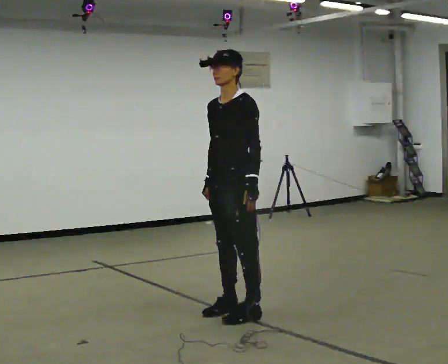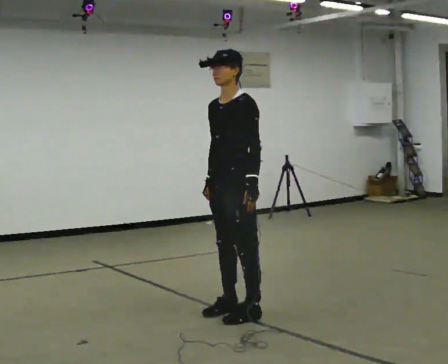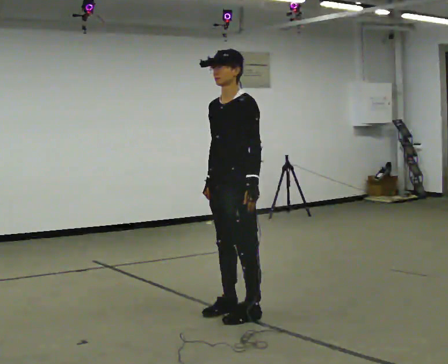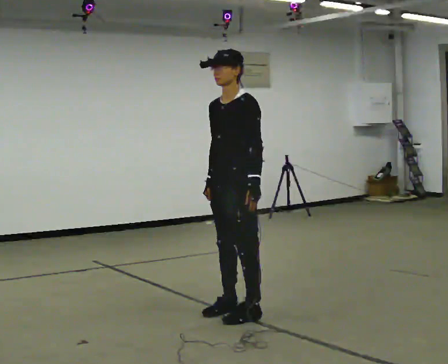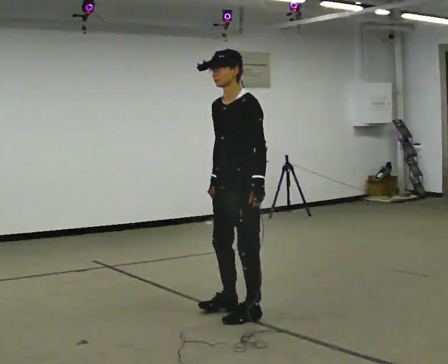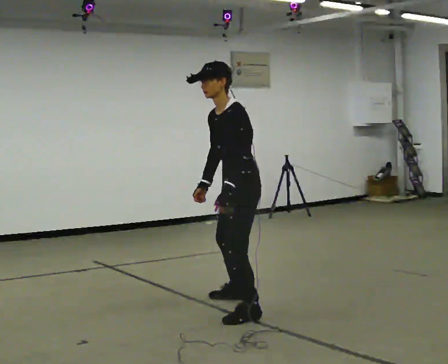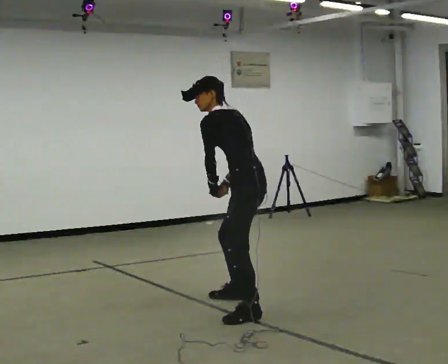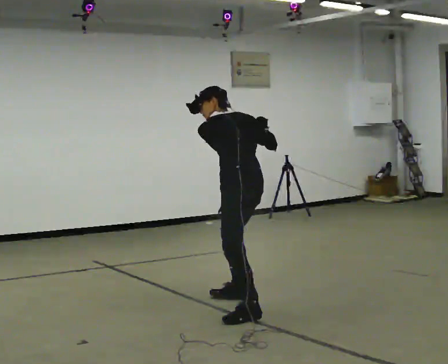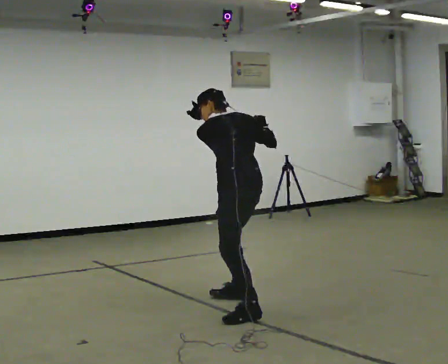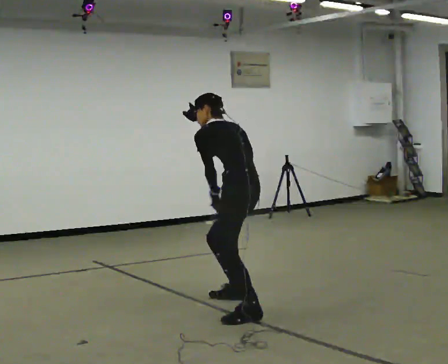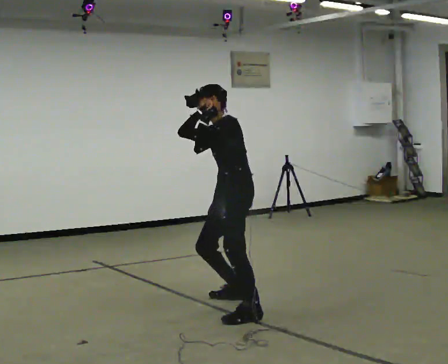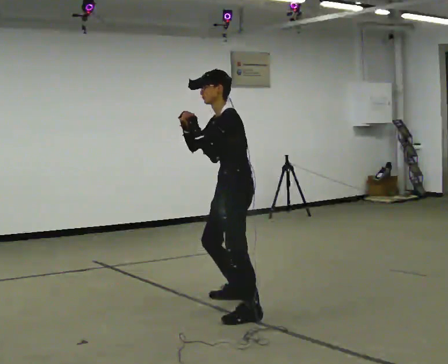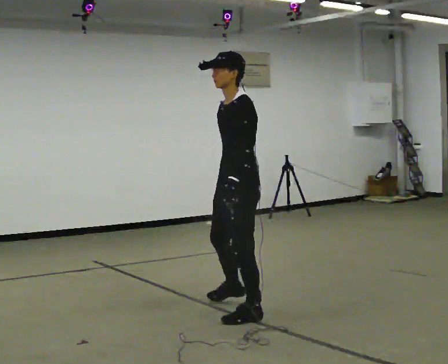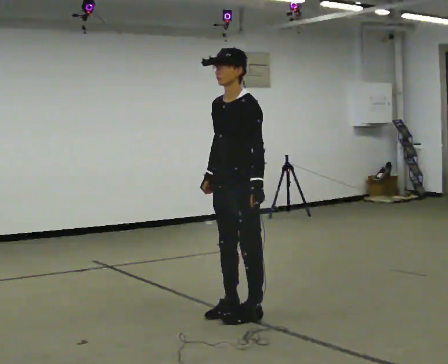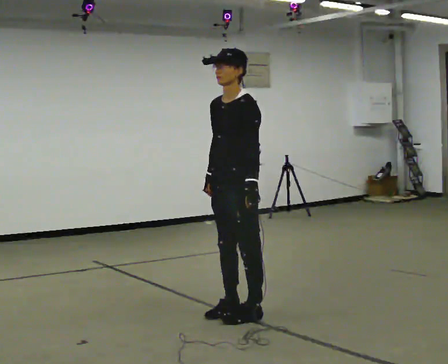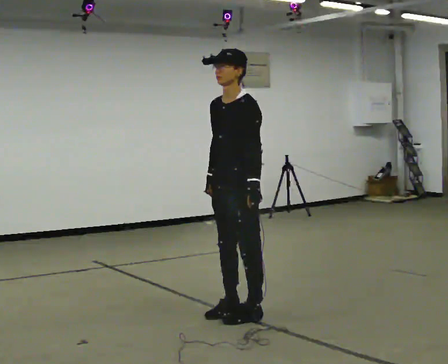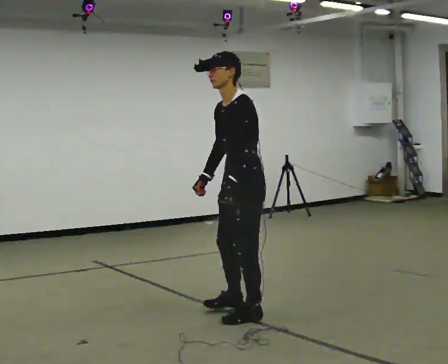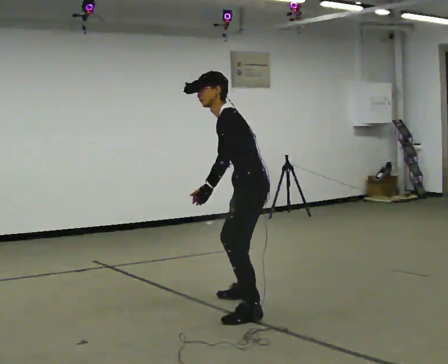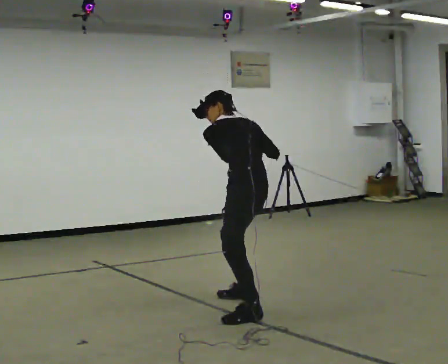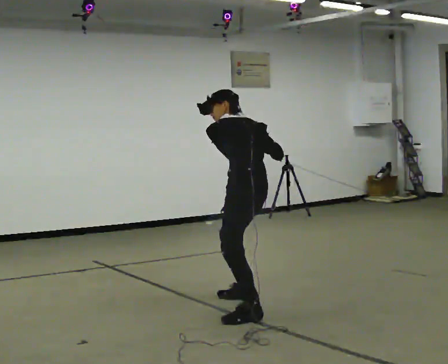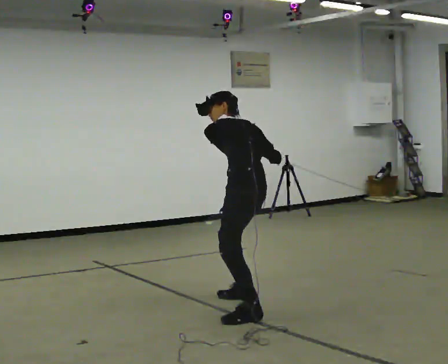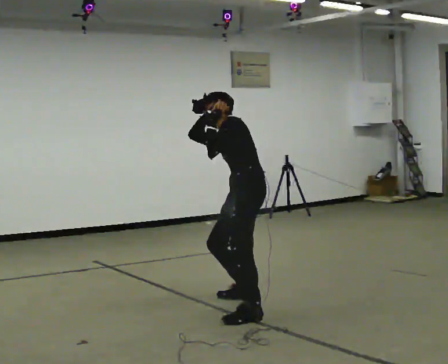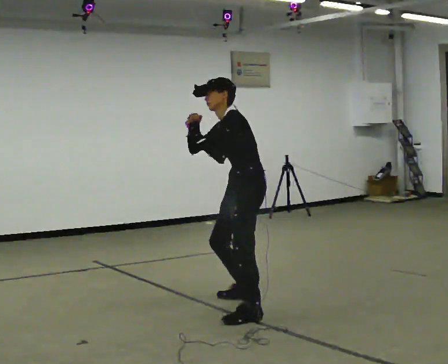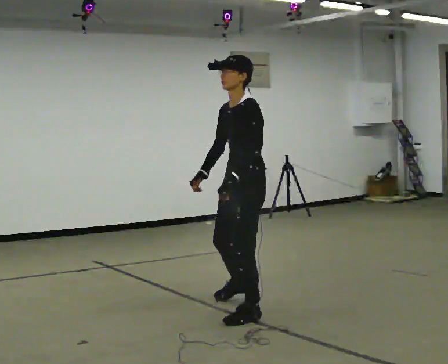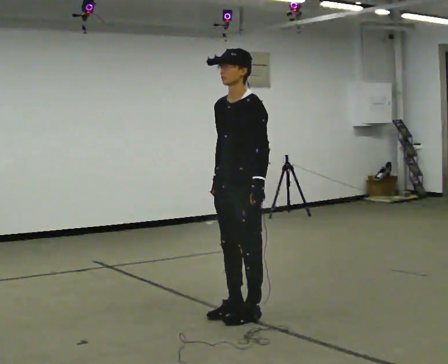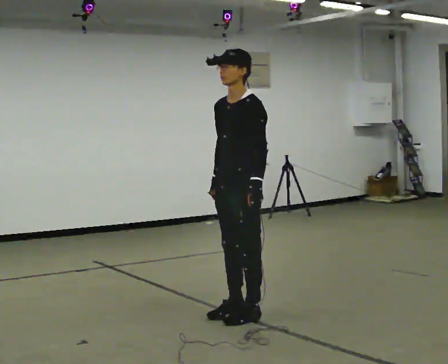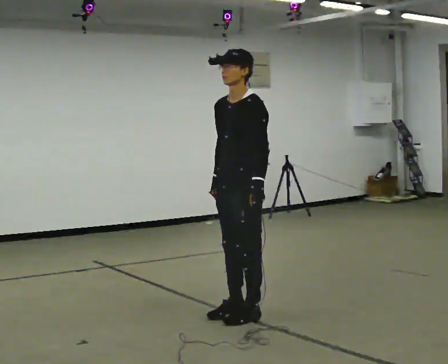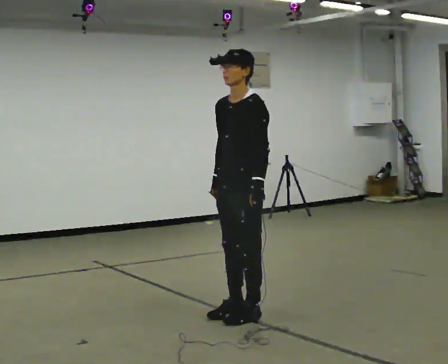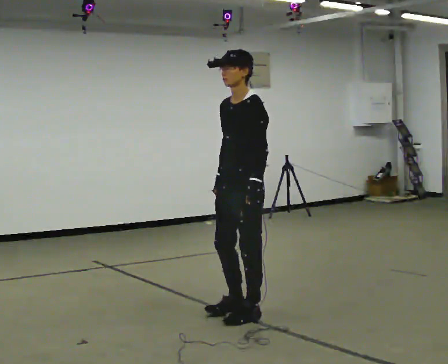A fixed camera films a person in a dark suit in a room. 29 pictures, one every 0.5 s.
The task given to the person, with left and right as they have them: Mime a golf swing with no club: set your stance, swing back, swing through and follow through. Repeat the movement at your own pace until the operator says stop; do not rush.
0.0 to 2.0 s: The person moves a little, or ends about where they began.
2.0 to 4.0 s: The person turns about 105 degrees to their right, clockwise seen from above, so the part of the body nearest the lens slides to the left. In the picture they go away from the camera, about 0.25 m in 1 step. The upper body tips away from the camera, its near side rolling upward, as they bend forward. In the picture their right hand goes upward and to the right.
4.0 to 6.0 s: The person turns about 90 degrees to their left, counterclockwise seen from above, so the part of the body nearest the lens slides to the right. In the picture they go toward the camera, about 0.25 m. The upper body tips toward the camera, its near side rolling downward, as they lean back or straighten. In the picture their right hand goes downward.
6.0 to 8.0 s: The person moves a little, or ends about where they began.
8.0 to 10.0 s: Seen from above the body turns clockwise, about 60 degrees: to their right, with its near side sliding to the left. In the picture they go away from the camera, about 0.25 m in 1 step. The upper body goes downward. The upper body tips away from the camera, its near side rolling upward, as they bend forward. In the picture their right hand goes to the right.
10.0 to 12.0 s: The person turns about 75 degrees to their left, counterclockwise seen from above, so the part of the body nearest the lens slides to the right. In the picture they go toward the camera, about 0.25 m in 1 step. The upper body goes upward. The upper body tips toward the camera, its near side rolling downward, as they lean back or straighten.
12.0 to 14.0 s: The person moves a little, or ends about where they began.
The film runs forward here.
